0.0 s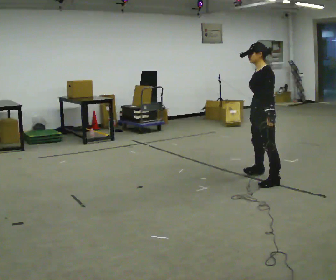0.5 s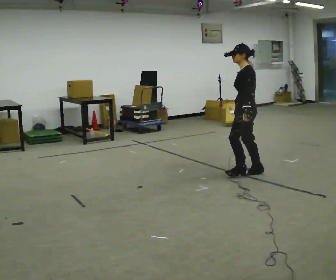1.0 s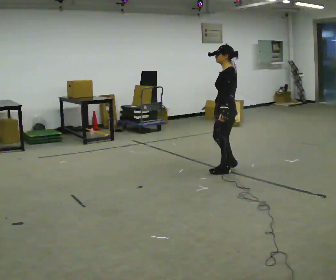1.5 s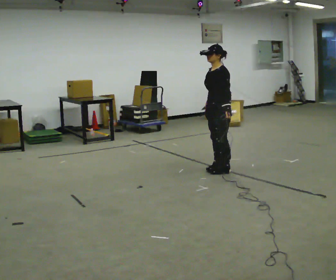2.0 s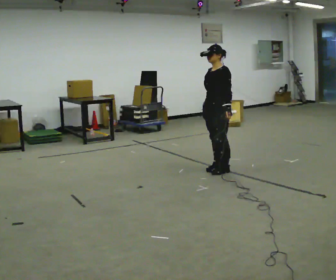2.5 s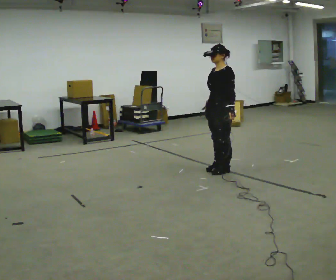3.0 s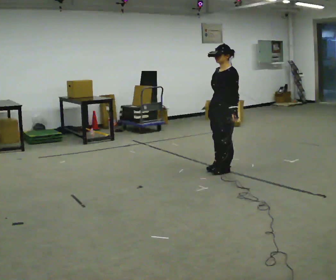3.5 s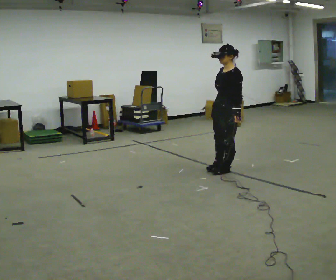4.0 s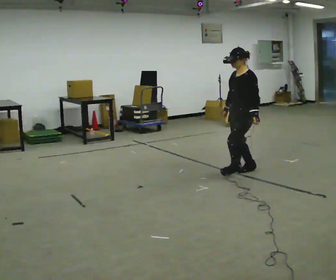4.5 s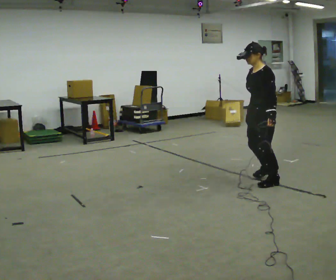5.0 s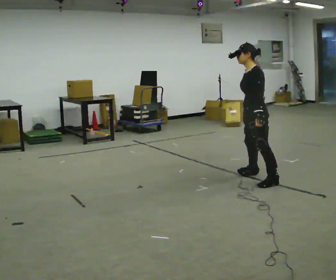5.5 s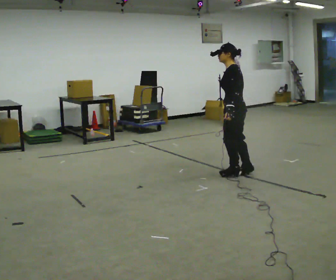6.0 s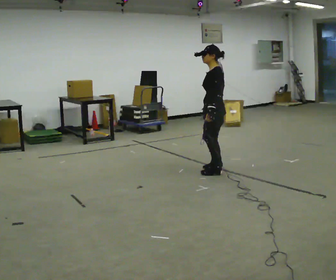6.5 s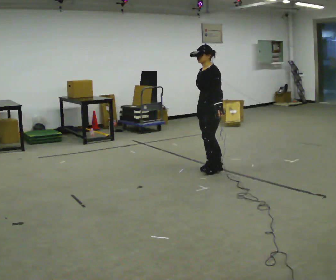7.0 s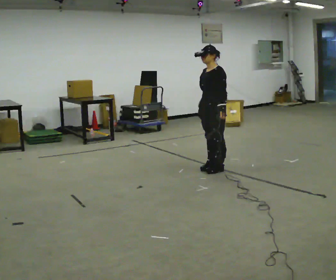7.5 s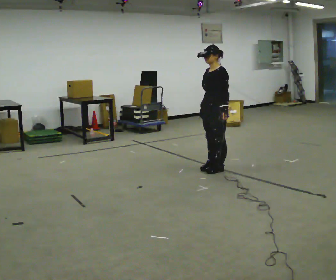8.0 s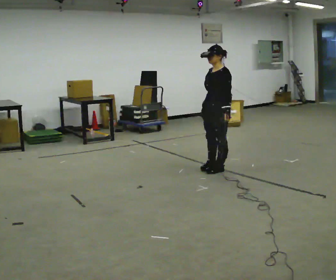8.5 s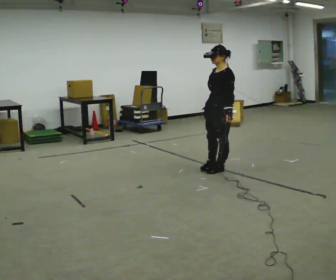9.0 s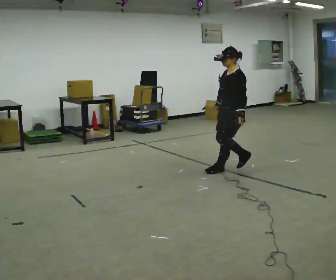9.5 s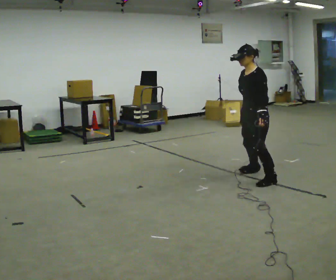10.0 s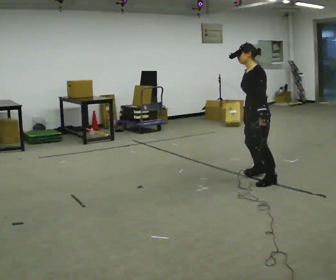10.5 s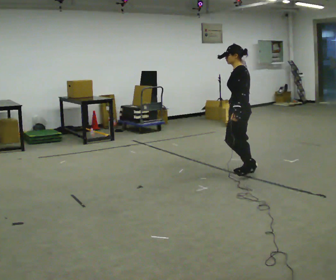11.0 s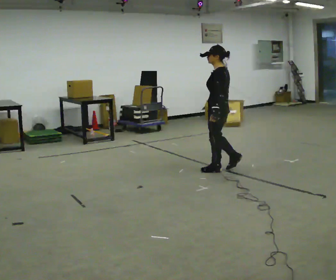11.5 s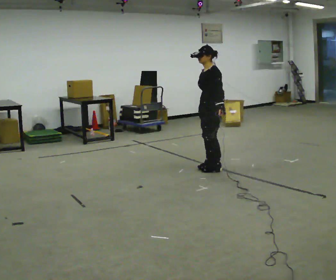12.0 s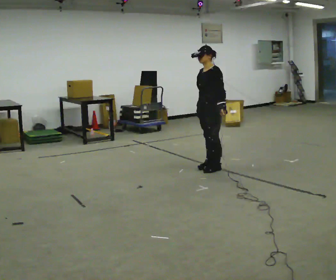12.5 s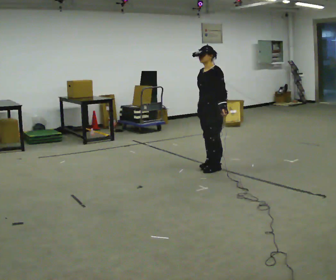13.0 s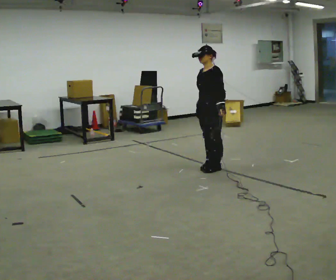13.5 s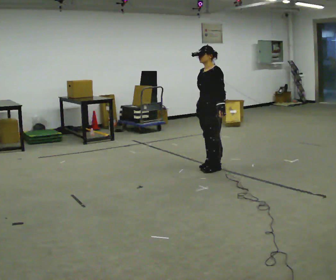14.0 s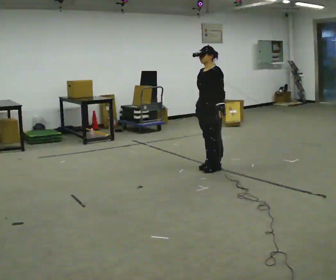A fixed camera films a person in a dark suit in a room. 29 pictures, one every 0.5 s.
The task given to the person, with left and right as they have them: Stand on the marked spots. Lean to the side the operator calls until you cannot hold it, then step to catch yourself. Return to the spots. Repeat at your own pace until the operator says stop. Go slowly and only as far as you are comfortable. Step whenever you need to; do not try to hold on longer than feels safe.
0.0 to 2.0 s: Seen from above the body turns counterclockwise, about 30 degrees: to their left, with its near side sliding to the right. In the picture they go to the left and away from the camera, about 0.75 m in 3 steps, which for them is forward and to their right.
2.0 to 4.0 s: In the picture they go to the right and toward the camera, about 0.25 m in 1 step, which for them is to their left and backward.
4.0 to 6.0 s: Seen from above the body turns clockwise, about 30 degrees: to their right, with its near side sliding to the left. In the picture they go to the left, about 0.25 m in 2 steps, which for them is forward and to their right.
6.0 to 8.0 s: Seen from above the body turns counterclockwise, about 30 degrees: to their left, with its near side sliding to the right.
8.0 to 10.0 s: In the picture they go to the right and toward the camera, about 0.5 m in 2 steps, which for them is to their left and backward.
10.0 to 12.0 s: In the picture they go away from the camera and to the left, about 0.5 m in 2 steps, which for them is forward and to their right.
12.0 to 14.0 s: The person moves a little, or ends about where they began.
The film runs forward here.
